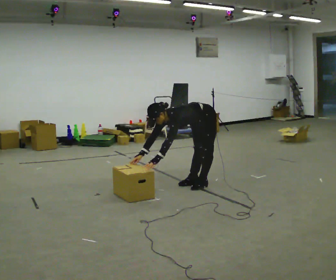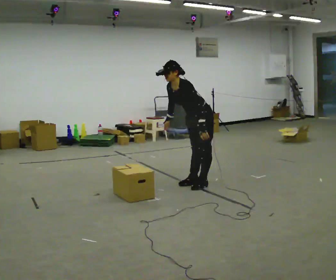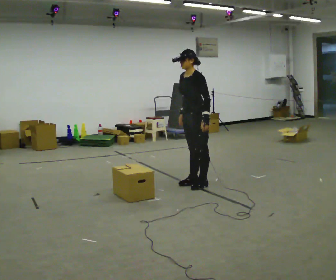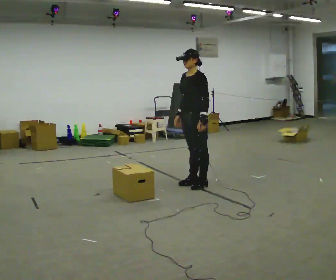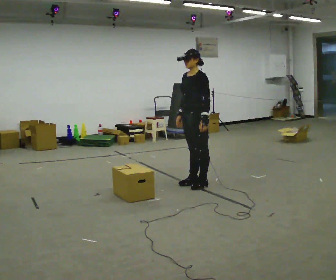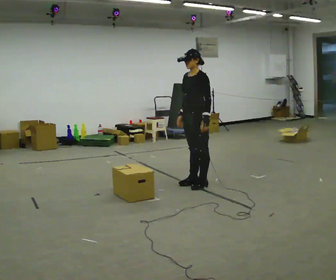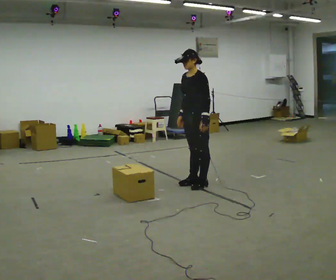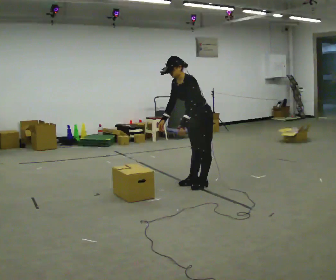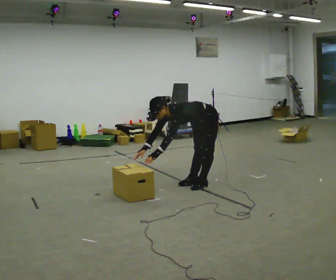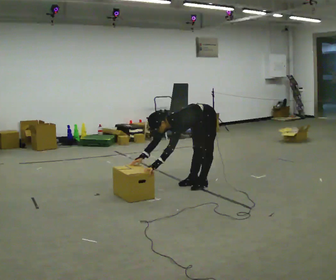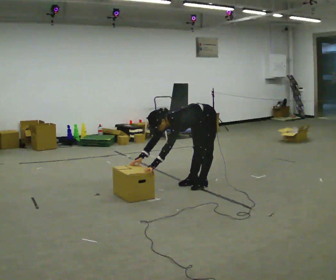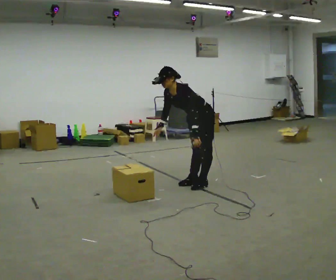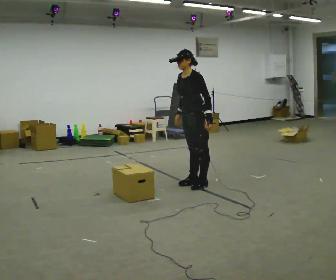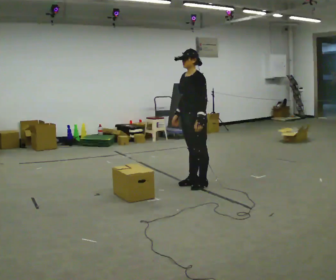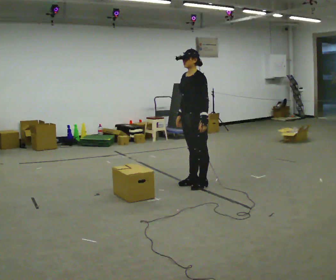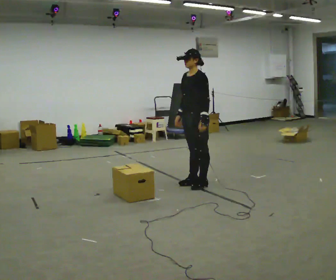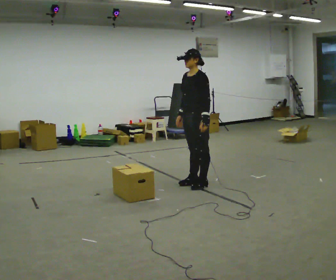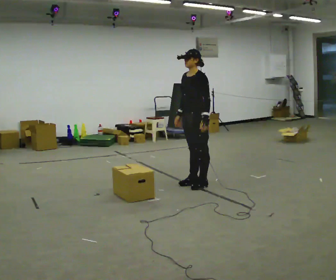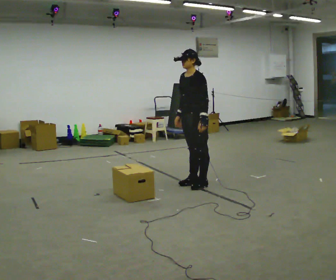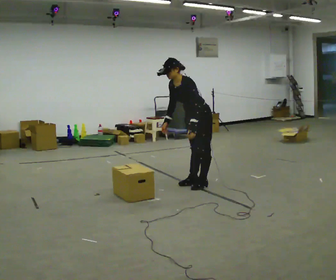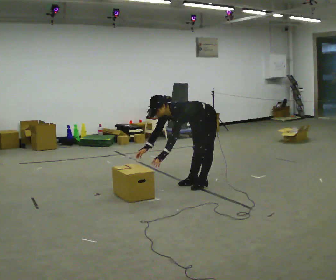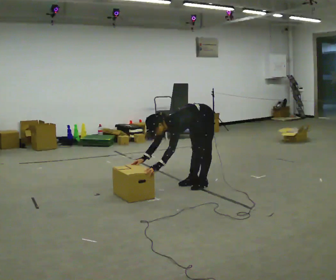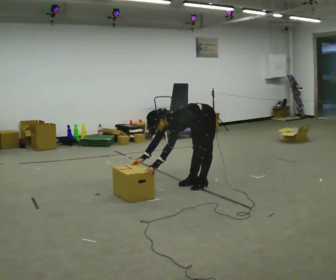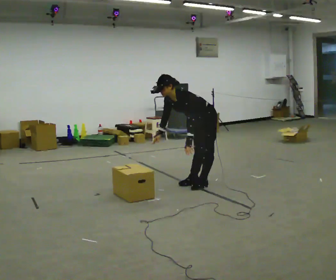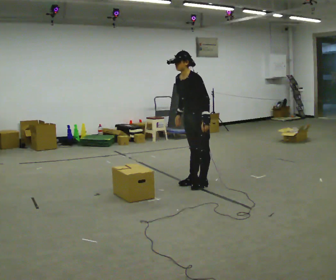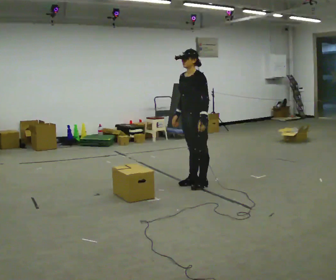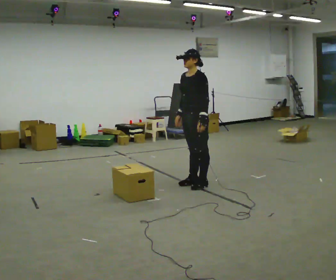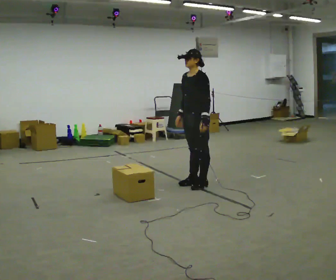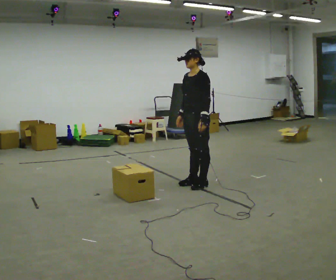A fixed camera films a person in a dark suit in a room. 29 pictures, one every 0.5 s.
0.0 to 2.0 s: The upper body goes upward. In the picture the upper body tilts clockwise, shoulders to the right, as they lean back or straighten. In the picture their left hand goes to the right and upward.
2.0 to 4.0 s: The upper body goes downward. In the picture the upper body tilts counterclockwise, shoulders to the left, as they bend forward. In the picture their left hand goes to the left and downward.
4.0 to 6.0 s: The upper body goes upward. In the picture the upper body tilts clockwise, shoulders to the right, as they lean back or straighten. In the picture their left hand goes to the right and upward, the arm swinging counterclockwise.
6.0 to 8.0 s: The person moves a little, or ends about where they began.
8.0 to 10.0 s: The shoulders move downward. In the picture the upper body tilts counterclockwise, shoulders to the left, as they bend forward. In the picture their left hand goes to the left and downward.
10.0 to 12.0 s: In the picture their right hand goes upward and to the right.
12.0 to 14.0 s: The person moves a little, or ends about where they began.
The film runs forward here.
